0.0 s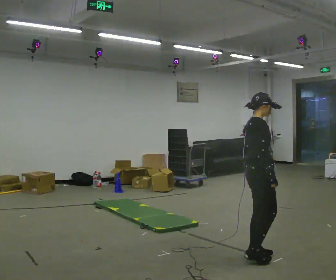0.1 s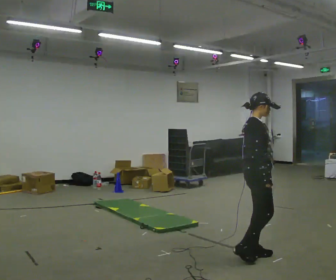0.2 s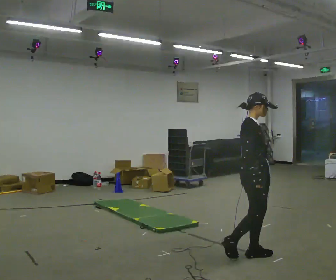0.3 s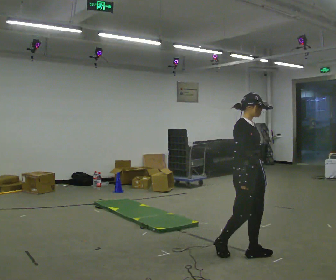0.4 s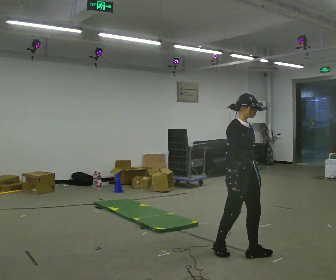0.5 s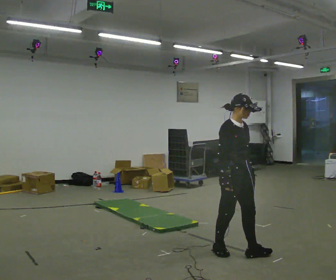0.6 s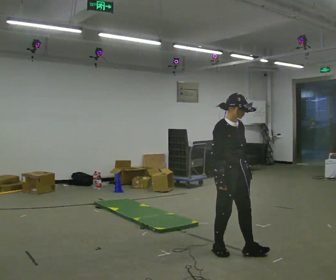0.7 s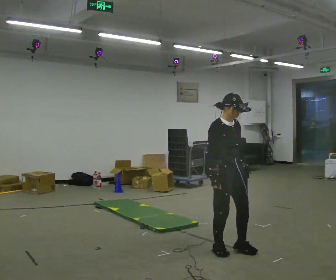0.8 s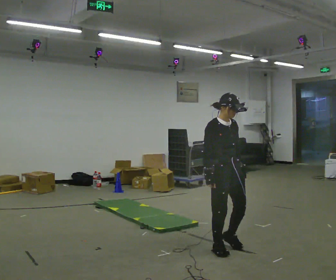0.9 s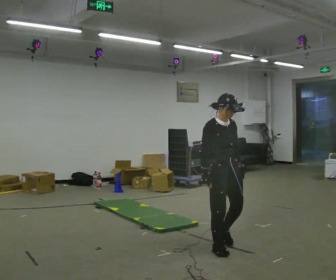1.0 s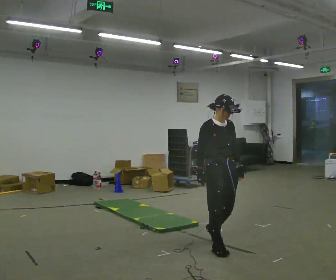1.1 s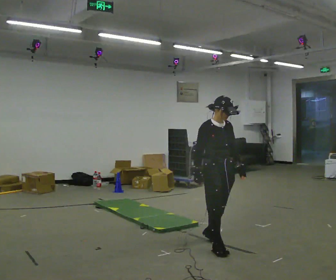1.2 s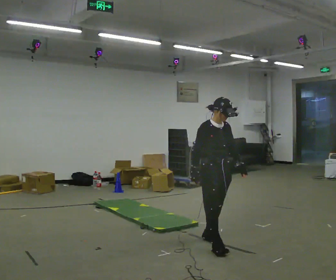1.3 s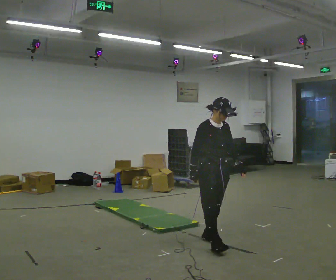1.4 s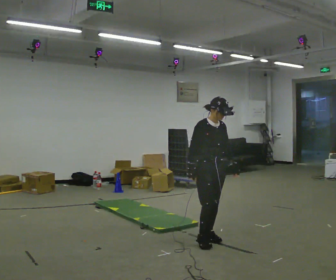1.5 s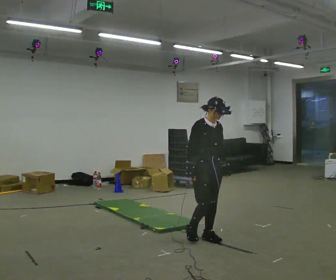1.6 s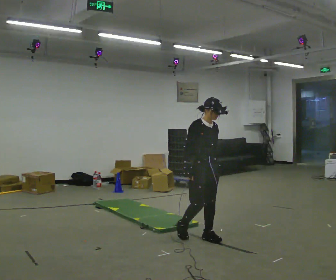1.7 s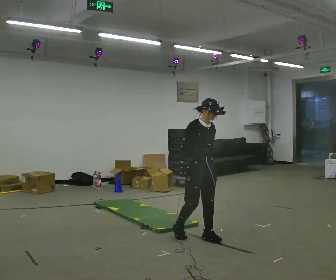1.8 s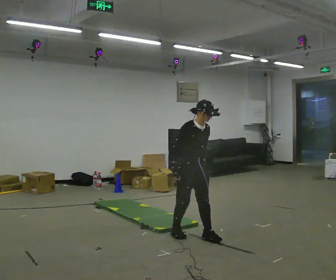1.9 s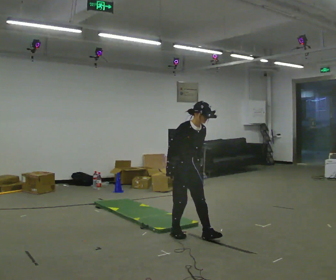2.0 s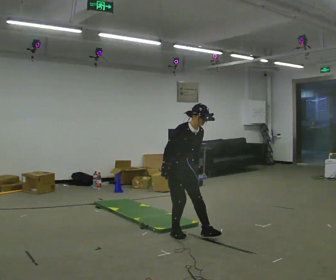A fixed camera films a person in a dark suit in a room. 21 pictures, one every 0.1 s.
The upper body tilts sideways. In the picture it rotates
clockwise.
0.0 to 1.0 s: The person turns about 60 degrees to their right, clockwise seen from above, so the part of the body nearest the lens slides to the left. In the picture they go to the left and away from the camera, about 0.5 m in 1 step.
1.0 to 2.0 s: In the picture they go to the left and away from the camera, about 0.5 m in 2 steps, which for them is backward. In the picture the upper body tilts clockwise, shoulders to the right, as they bend forward.
The film runs backward here.
